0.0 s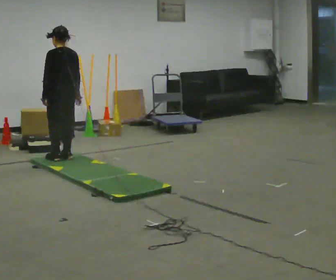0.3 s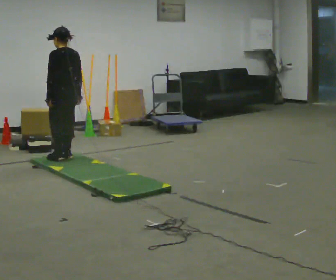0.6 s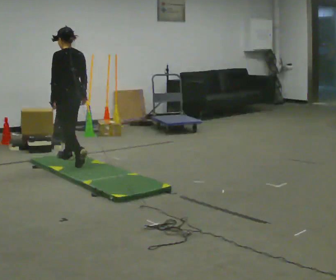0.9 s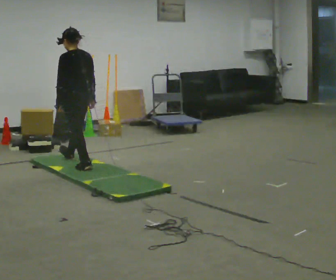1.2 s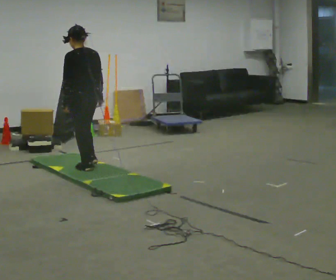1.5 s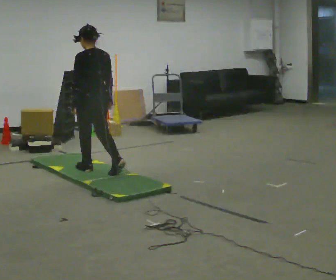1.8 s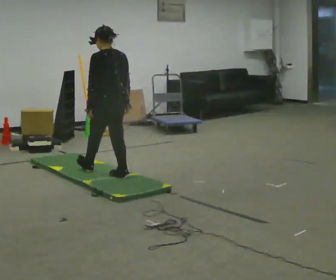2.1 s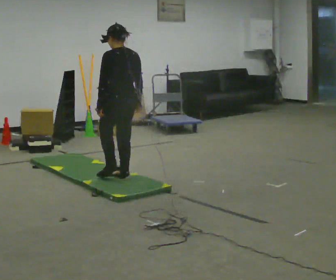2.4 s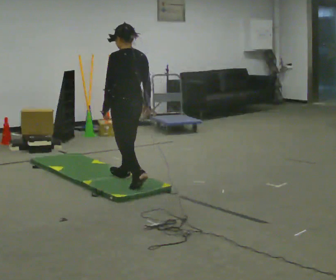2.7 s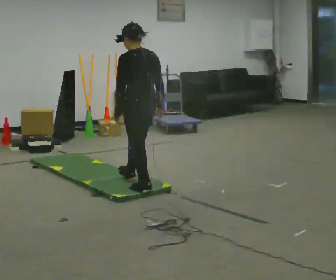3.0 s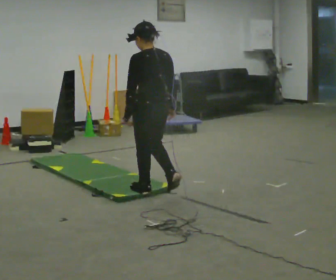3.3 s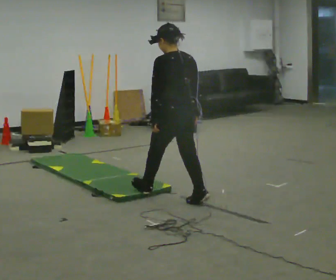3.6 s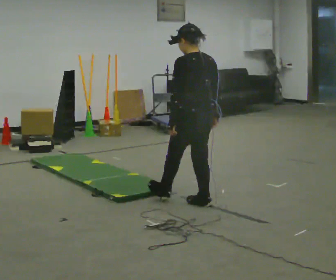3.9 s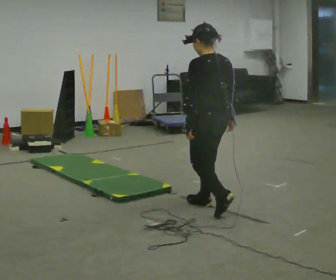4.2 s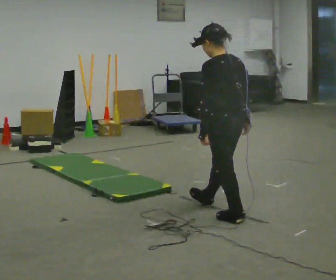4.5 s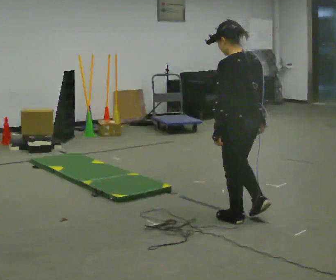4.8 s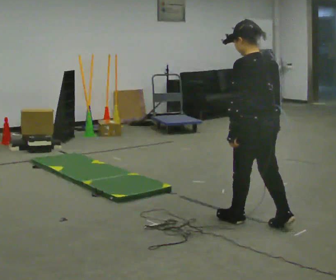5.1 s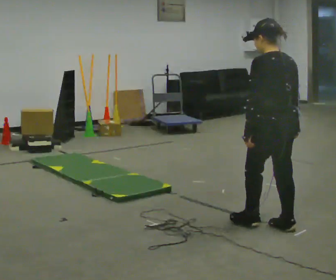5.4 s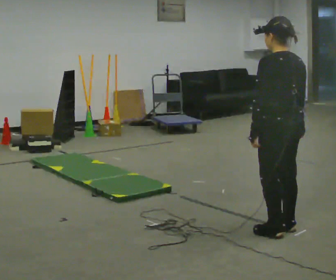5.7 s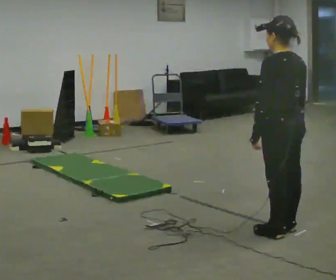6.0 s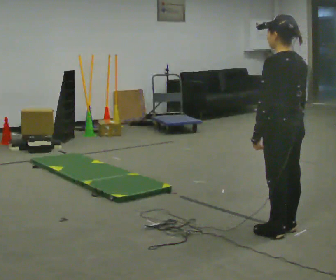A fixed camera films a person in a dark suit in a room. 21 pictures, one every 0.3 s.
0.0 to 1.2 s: In the picture they go toward the camera and to the right, about 0.5 m in 2 steps, which for them is backward.
1.2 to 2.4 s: In the picture they go to the right and toward the camera, about 0.75 m in 1 step, which for them is backward.
2.4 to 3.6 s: In the picture they go to the right and toward the camera, about 1 m in 2 steps, which for them is backward.
3.6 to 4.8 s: In the picture they go toward the camera and to the right, about 0.75 m in 1 step, which for them is backward.
4.8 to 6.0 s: In the picture they go toward the camera and to the right, about 0.25 m in 1 step, which for them is backward.
The film runs backward here.
